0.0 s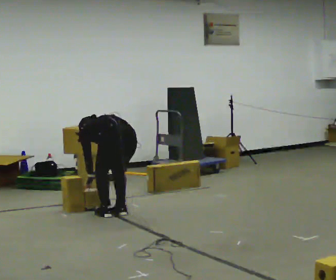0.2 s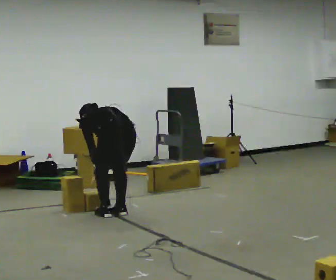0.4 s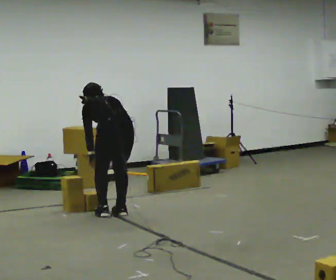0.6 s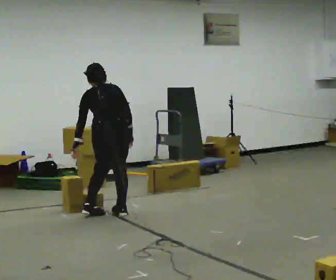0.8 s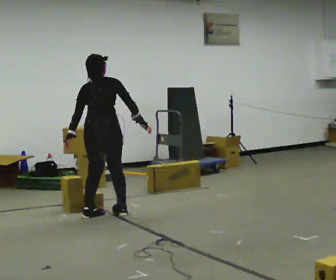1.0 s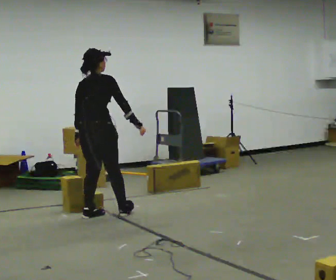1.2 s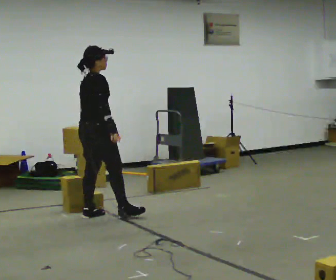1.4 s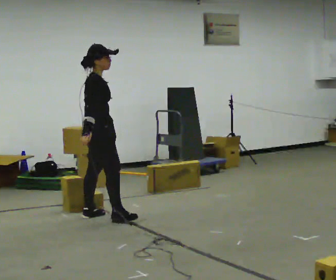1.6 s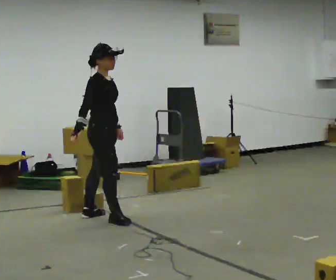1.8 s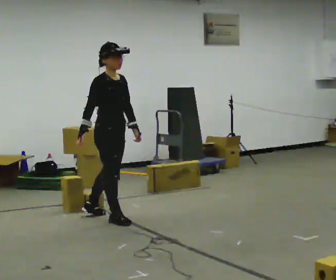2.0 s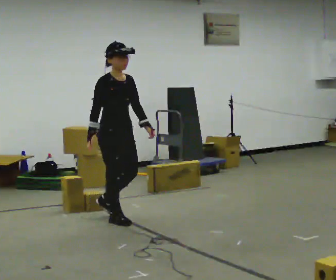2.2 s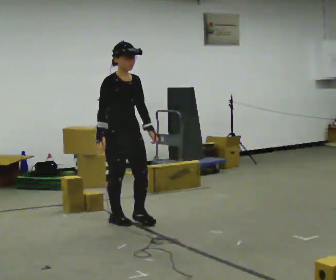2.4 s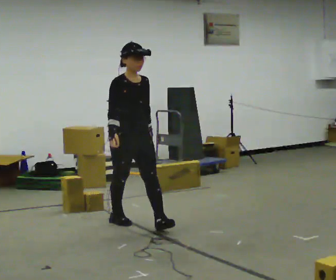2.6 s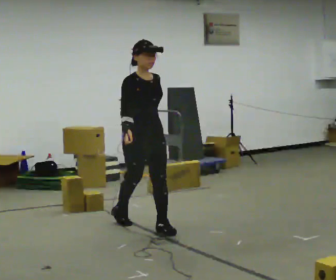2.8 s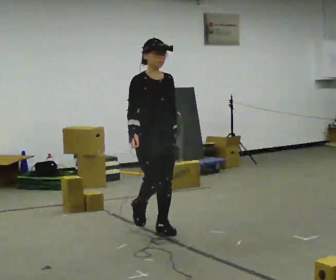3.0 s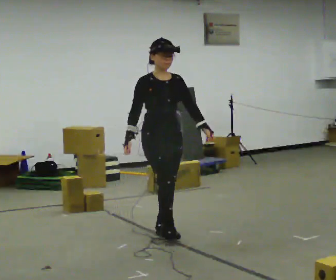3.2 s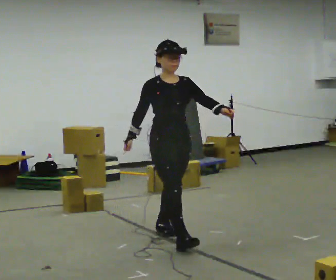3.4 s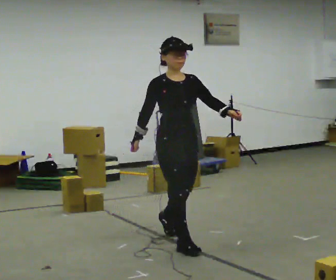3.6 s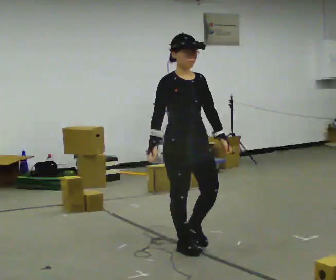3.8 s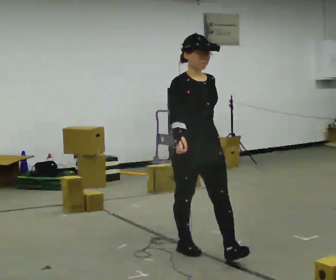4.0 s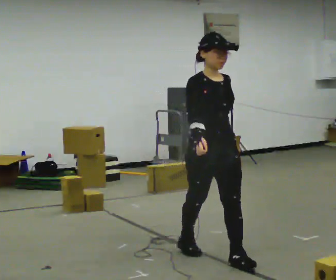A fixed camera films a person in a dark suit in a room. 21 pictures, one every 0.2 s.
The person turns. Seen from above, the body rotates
clockwise.
The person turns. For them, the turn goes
to their right.
0.0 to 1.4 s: Seen from above the body turns clockwise, about 120 degrees: to their right, with its near side sliding to the left. In the picture they go to the left, about 0.25 m in 1 step. The shoulders move upward. The upper body tips toward the camera, its near side rolling downward, as they lean back or straighten. In the picture their right hand goes upward.
1.4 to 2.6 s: Seen from above the body turns clockwise, about 60 degrees: to their right, with its near side sliding to the left. In the picture they go to the right and toward the camera, about 0.5 m in 2 steps.
2.6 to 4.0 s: In the picture they go toward the camera and to the right, about 1 m in 2 steps, which for them is forward.
The film runs forward here.
